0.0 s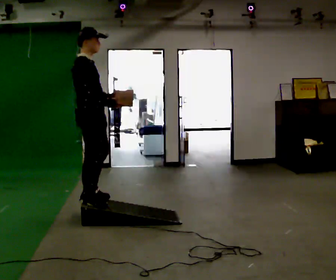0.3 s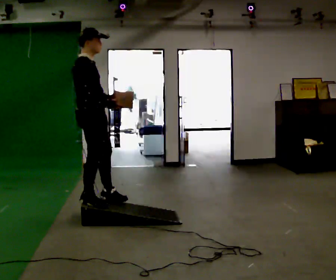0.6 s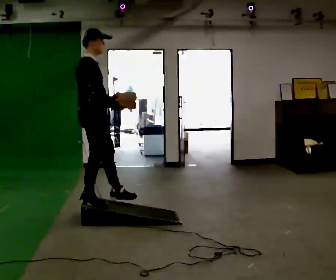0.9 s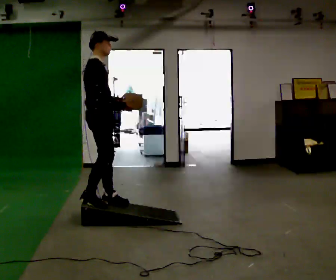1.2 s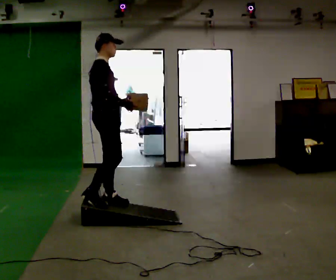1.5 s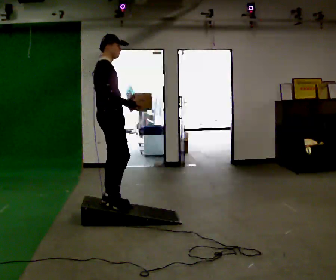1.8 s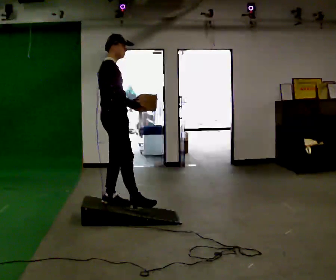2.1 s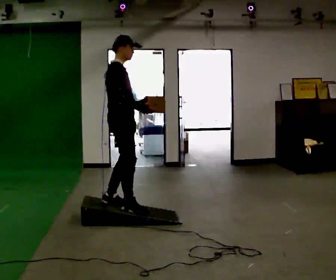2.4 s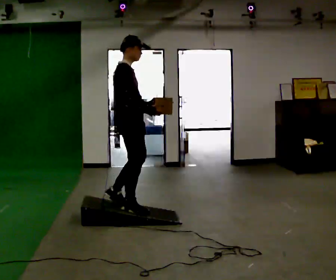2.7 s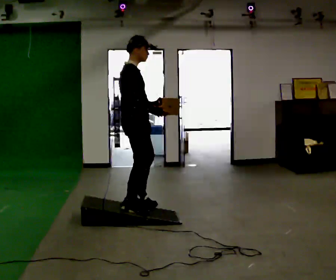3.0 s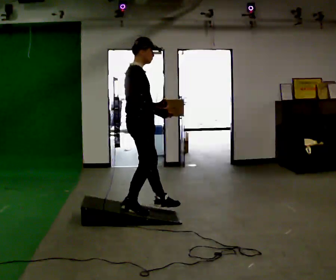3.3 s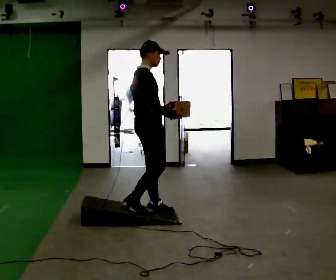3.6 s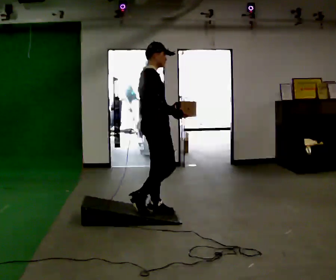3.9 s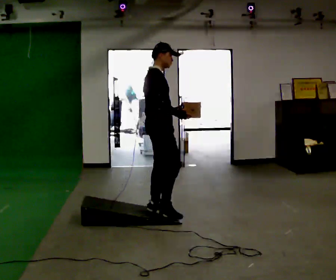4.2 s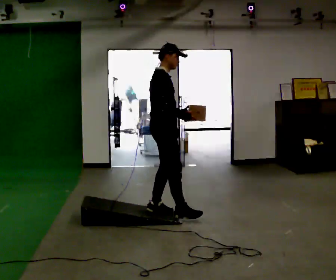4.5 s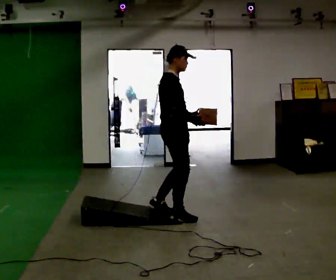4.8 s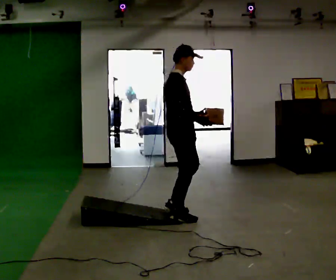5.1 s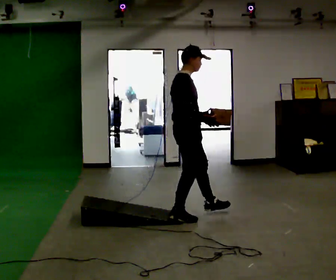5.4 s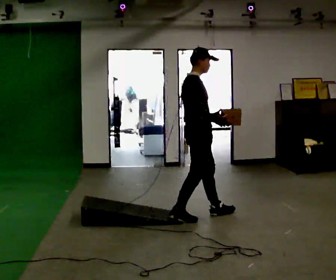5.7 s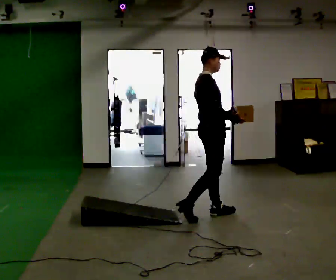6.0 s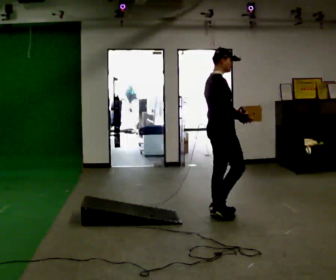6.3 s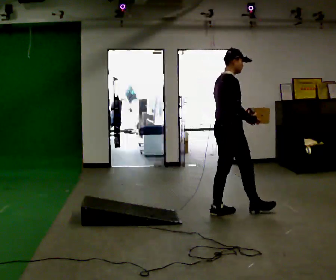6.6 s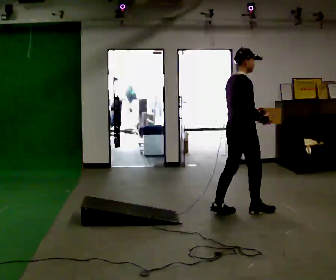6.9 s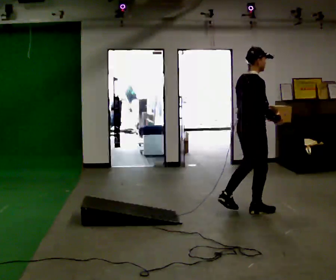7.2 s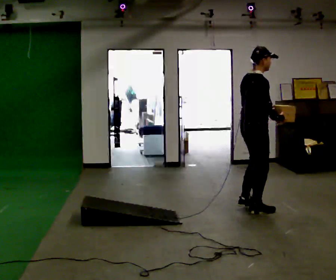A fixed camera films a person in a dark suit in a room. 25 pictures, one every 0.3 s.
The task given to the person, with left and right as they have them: Carry the box up the ramp, turn at the top, and carry it back down. Keep going until the operator says stop; one object at a time, and do not rush between trips.
0.0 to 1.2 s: The person moves a little, or ends about where they began.
1.2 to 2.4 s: In the picture they go to the right, about 0.25 m in 1 step, which for them is forward.
2.4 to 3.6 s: In the picture they go to the right, about 0.25 m in 1 step, which for them is forward.
3.6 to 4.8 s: In the picture they go to the right, about 0.25 m in 1 step, which for them is forward.
4.8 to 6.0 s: In the picture they go to the right, about 0.5 m in 1 step, which for them is forward and to their left.
6.0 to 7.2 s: In the picture they go to the right, about 0.25 m in 1 step, which for them is forward.
The film runs forward here.
